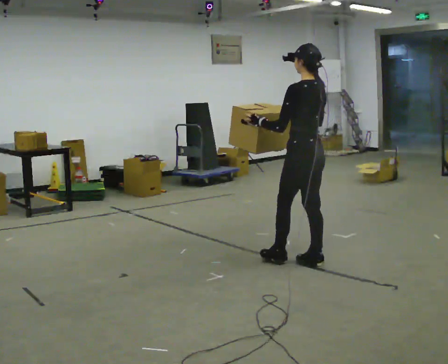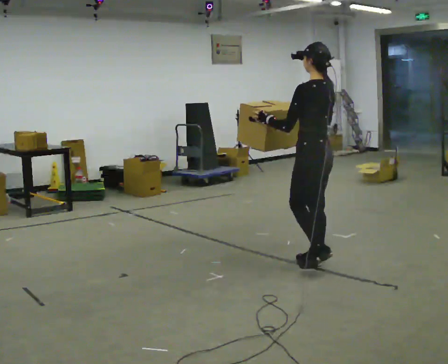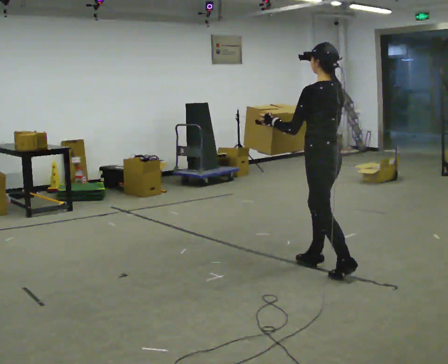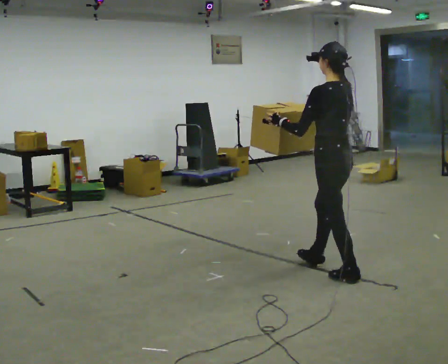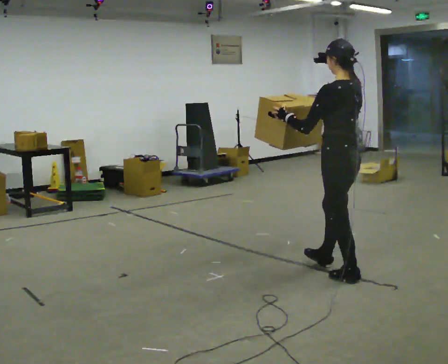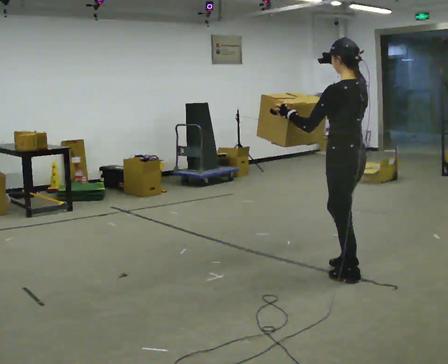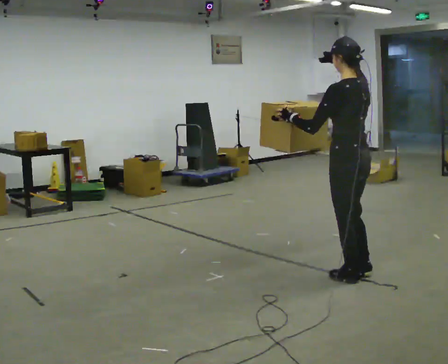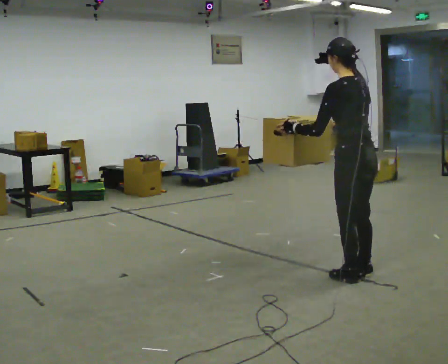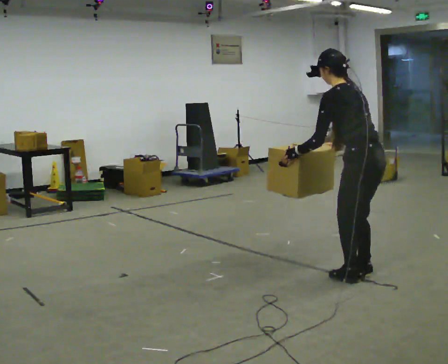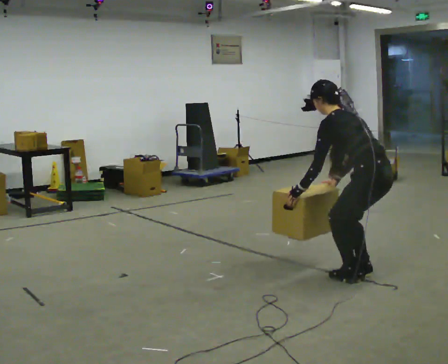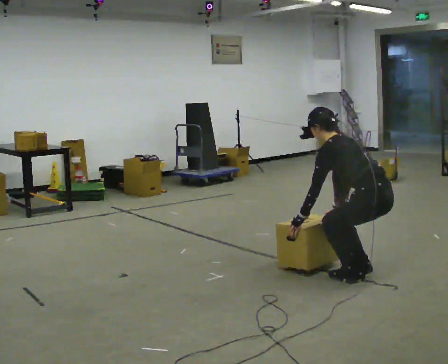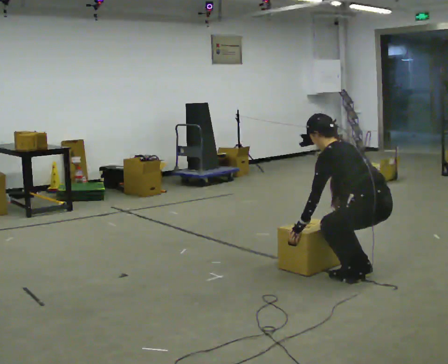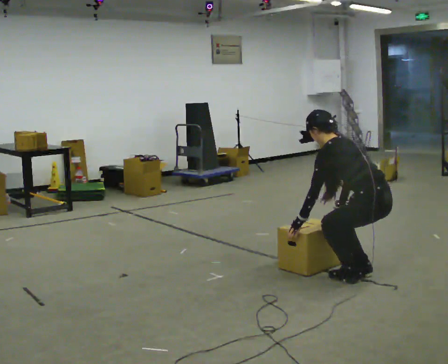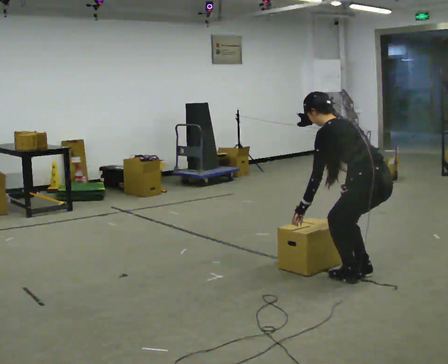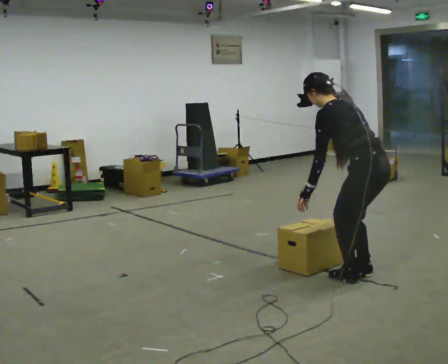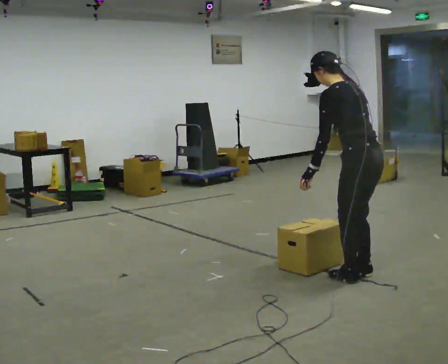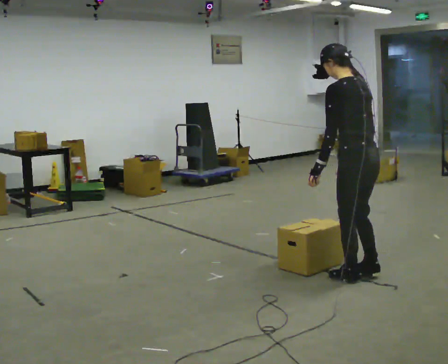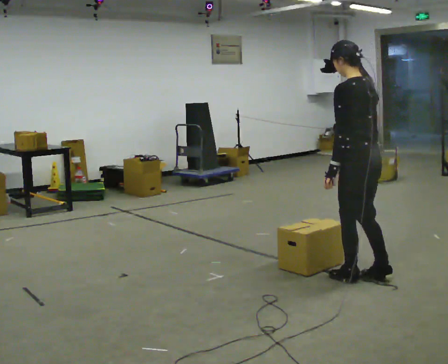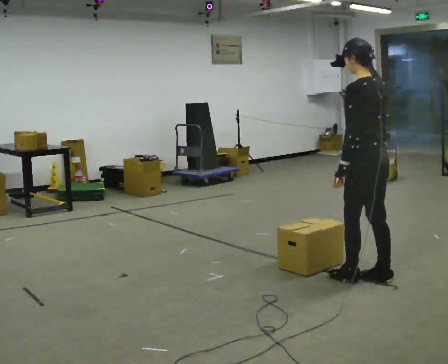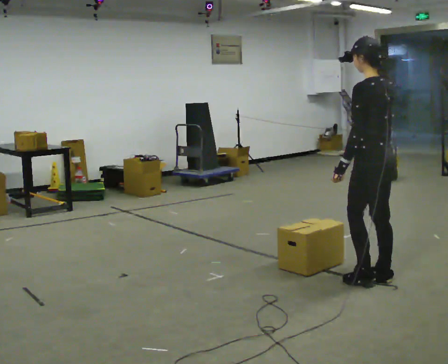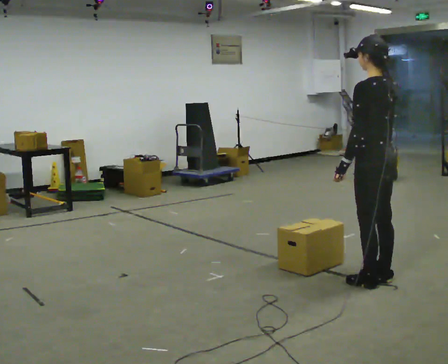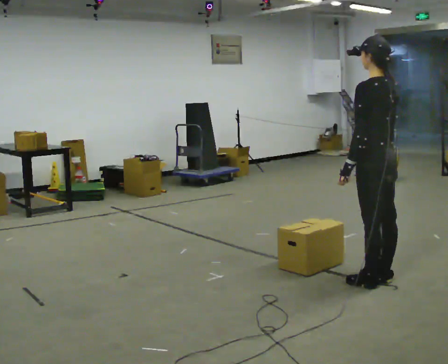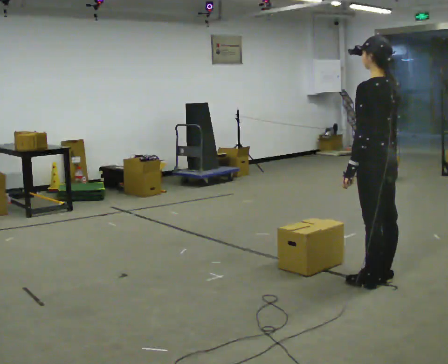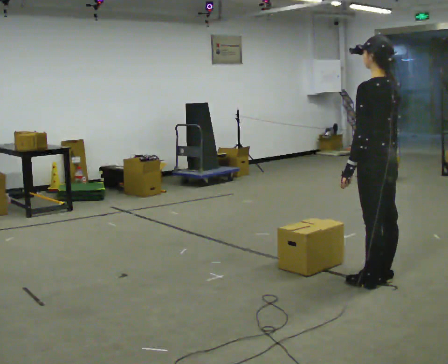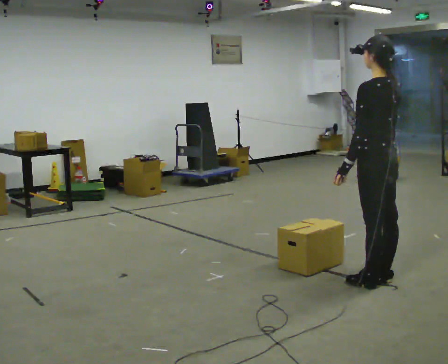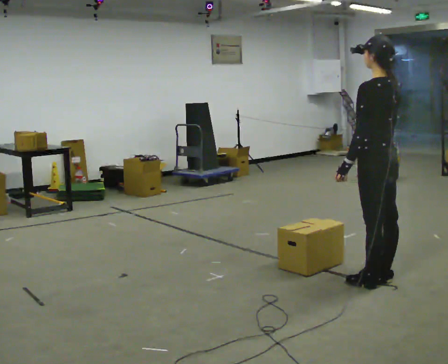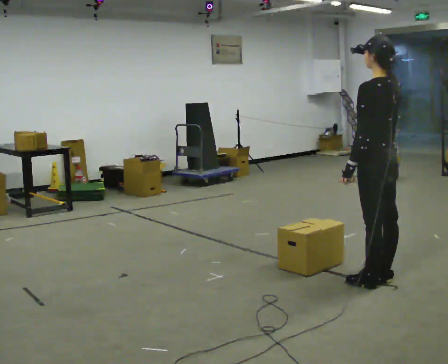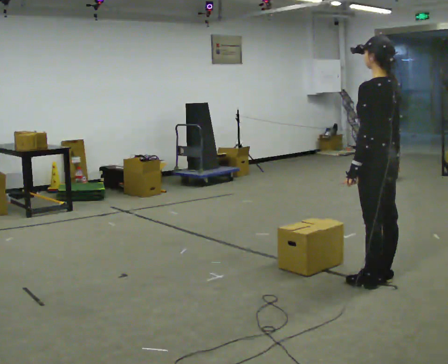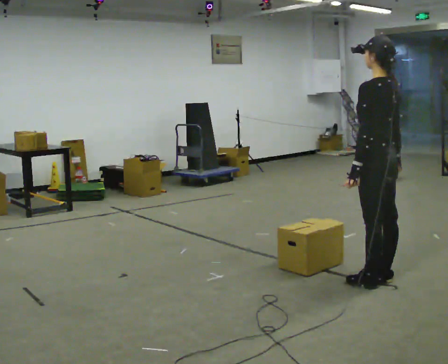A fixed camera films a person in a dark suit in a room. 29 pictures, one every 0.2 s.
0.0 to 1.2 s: In the picture they go toward the camera and to the right, about 0.5 m in 1 step, which for them is backward.
1.2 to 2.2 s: In the picture they go to the right, about 0.25 m, which for them is backward. The shoulders move downward. In the picture the upper body tilts counterclockwise, shoulders to the left, as they bend forward. In the picture their right hand goes downward.
2.2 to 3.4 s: The shoulders move upward. In the picture the upper body tilts clockwise, shoulders to the right, as they lean back or straighten. In the picture their left hand goes upward.
3.4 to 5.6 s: The person moves a little, or ends about where they began.
The film runs backward here.
